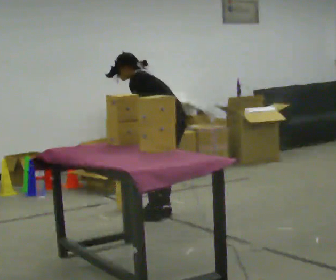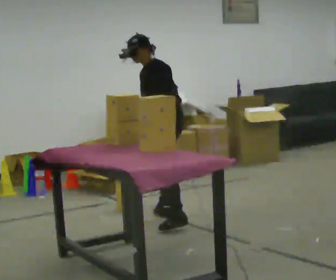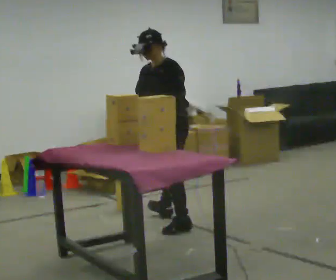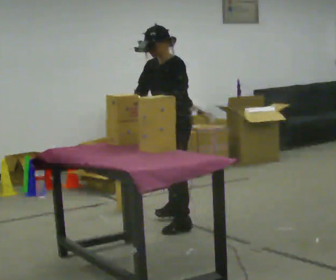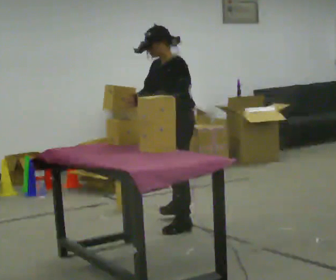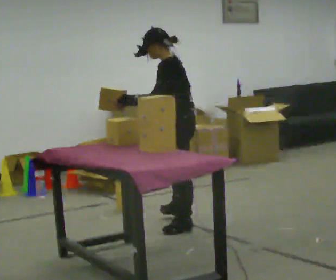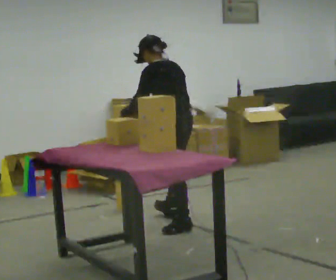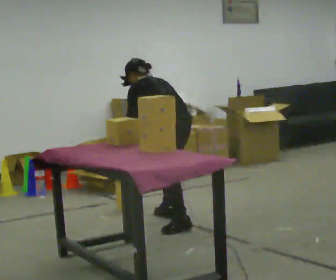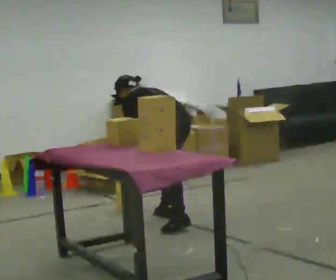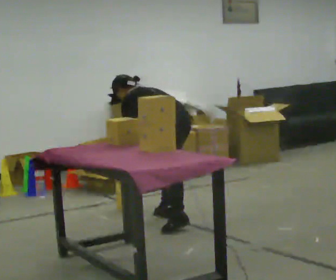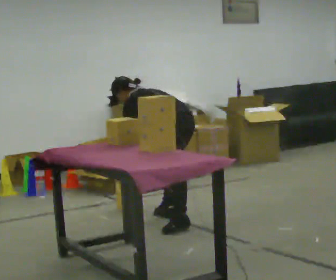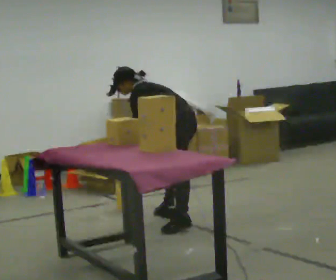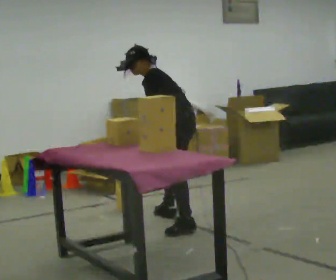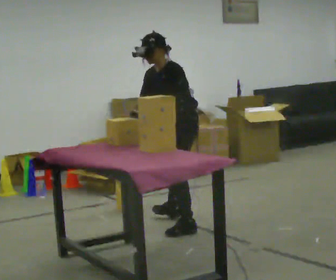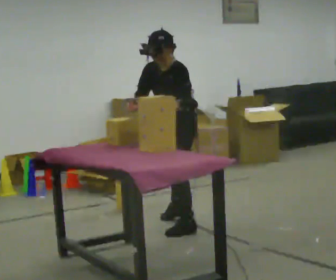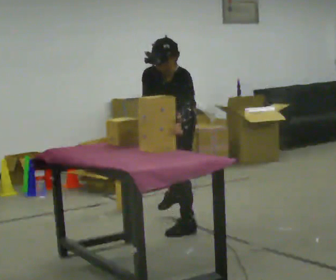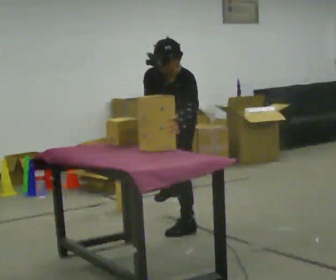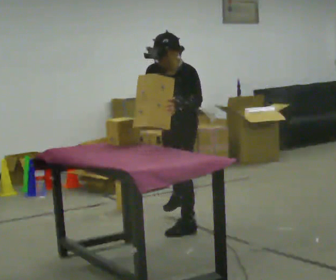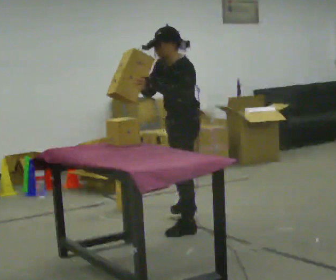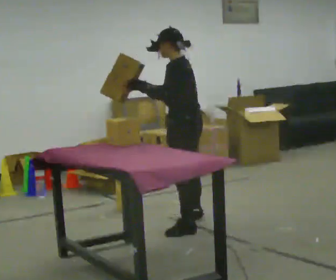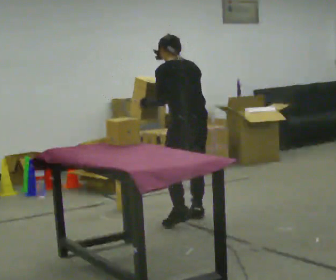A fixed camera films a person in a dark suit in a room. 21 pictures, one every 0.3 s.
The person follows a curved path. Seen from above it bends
counterclockwise.
0.0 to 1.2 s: Seen from above the body turns counterclockwise, about 45 degrees: to their left, with its near side sliding to the right. In the picture they go toward the camera, about 0.25 m in 1 step, which for them is to their left. The upper body tips toward the camera, its near side rolling downward, as they lean back or straighten. In the picture their right hand goes upward, the arm swinging clockwise.
1.2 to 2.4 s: The part of the body nearest the lens slides to the left as the person turns to their right by about 60 degrees. In the picture they go away from the camera, about 0.25 m, which for them is to their right and forward. The shoulders move downward. The upper body tips away from the camera, its near side rolling upward, as they bend forward. In the picture their right hand goes downward, the arm swinging counterclockwise.
2.4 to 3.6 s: The person turns about 45 degrees to their left, counterclockwise seen from above, so the part of the body nearest the lens slides to the right. The upper body goes upward. The upper body tips toward the camera, its near side rolling downward, as they lean back or straighten.
3.6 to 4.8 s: Seen from above the body turns counterclockwise, about 45 degrees: to their left, with its near side sliding to the right. In the picture they go toward the camera, about 0.25 m in 1 step, which for them is to their left. The upper body tips toward the camera, its near side rolling downward.
4.8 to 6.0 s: Seen from above the body turns clockwise, about 90 degrees: to their right, with its near side sliding to the left. In the picture they go away from the camera, about 0.25 m in 1 step. The upper body tips away from the camera, its near side rolling upward.
The film runs forward here.
